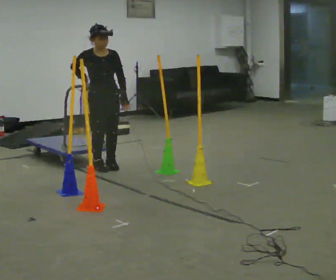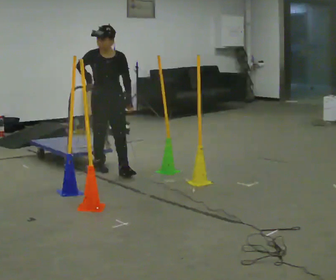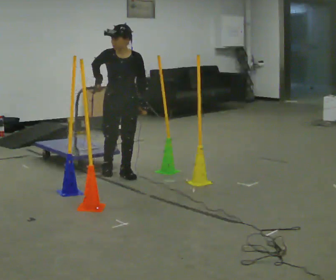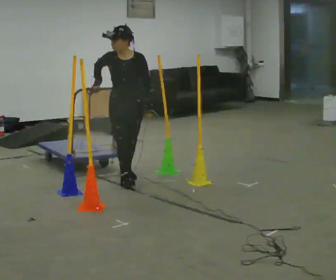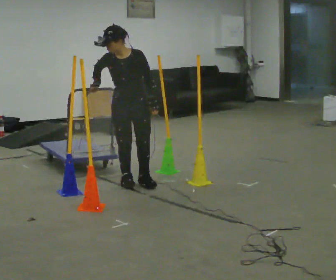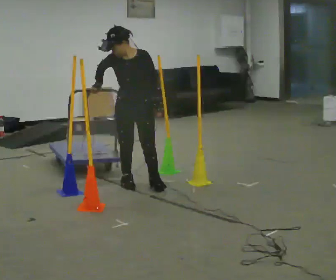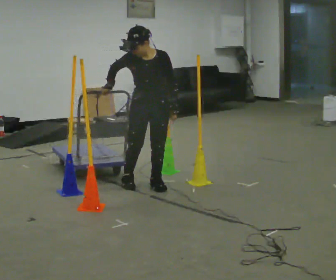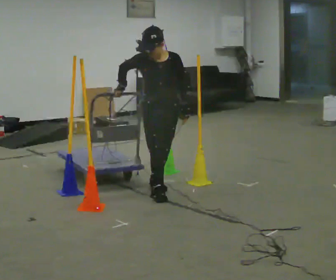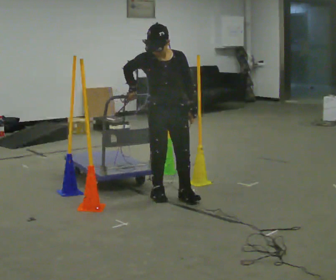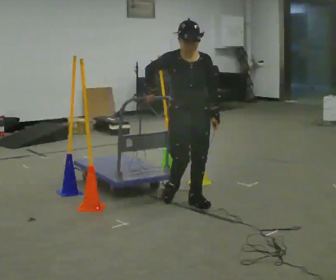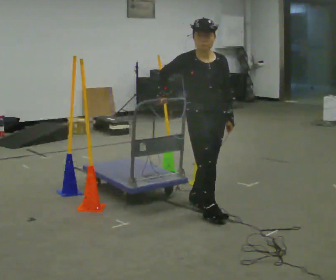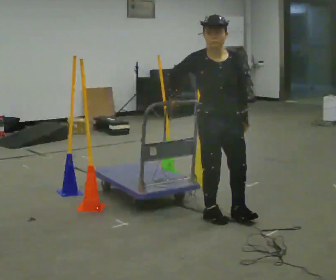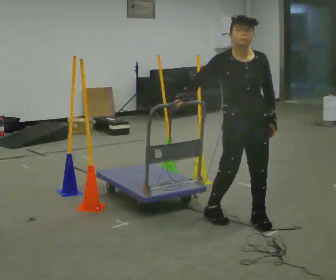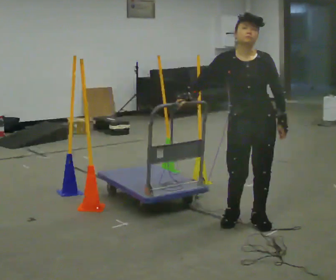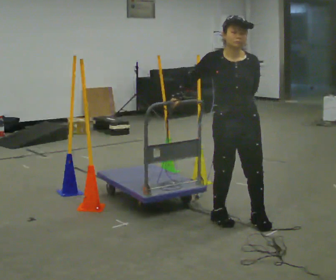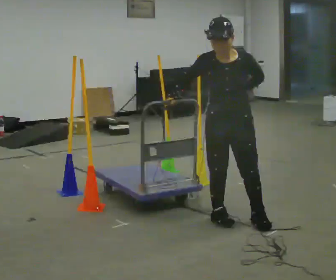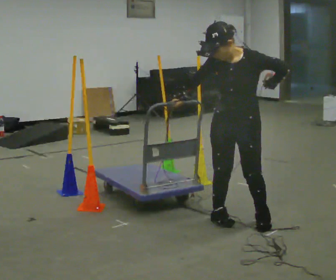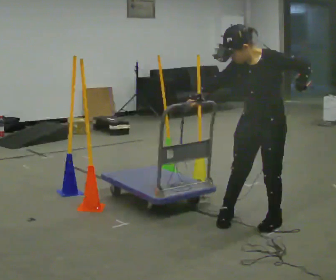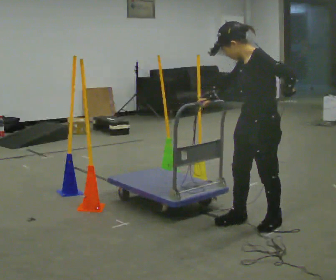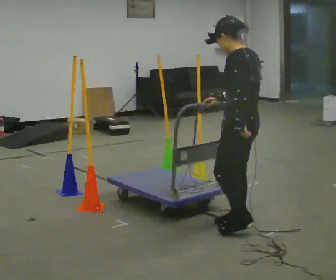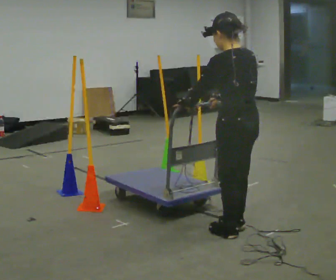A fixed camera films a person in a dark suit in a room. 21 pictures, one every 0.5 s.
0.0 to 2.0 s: The person turns about 30 degrees to their right, clockwise seen from above, so the part of the body nearest the lens slides to the left. In the picture they go toward the camera and to the right, about 0.5 m in 2 steps, which for them is forward and to their left.
2.0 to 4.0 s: In the picture they go to the right and toward the camera, about 0.5 m in 2 steps, which for them is forward and to their left.
4.0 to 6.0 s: In the picture they go to the right and toward the camera, about 1 m in 3 steps, which for them is forward.
6.0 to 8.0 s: The person turns about 30 degrees to their right, clockwise seen from above, so the part of the body nearest the lens slides to the left.
8.0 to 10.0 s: Seen from above the body turns clockwise, about 120 degrees: to their right, with its near side sliding to the left. In the picture they go toward the camera, about 0.25 m in 2 steps. In the picture their left hand goes to the left.
The film runs forward here.
